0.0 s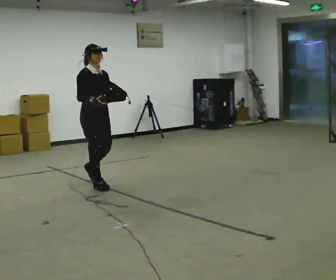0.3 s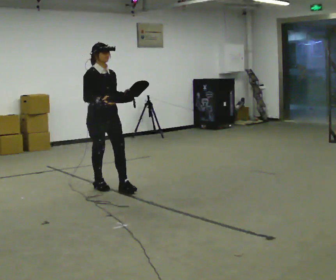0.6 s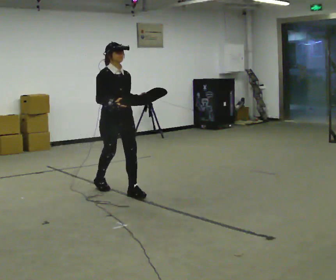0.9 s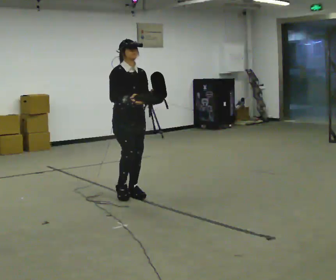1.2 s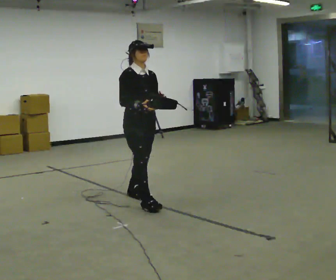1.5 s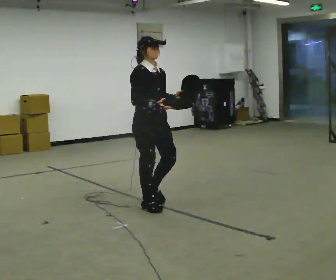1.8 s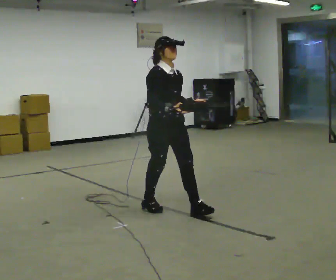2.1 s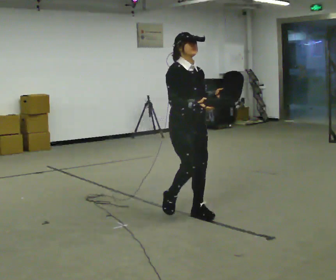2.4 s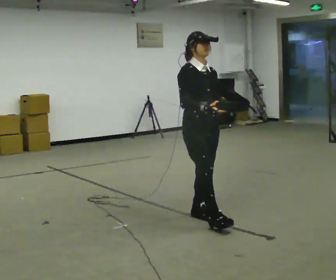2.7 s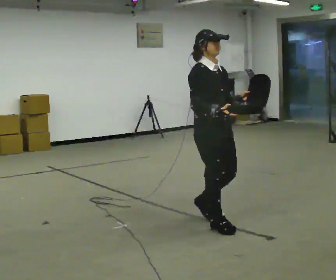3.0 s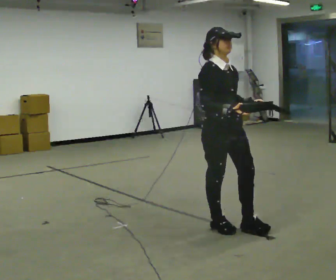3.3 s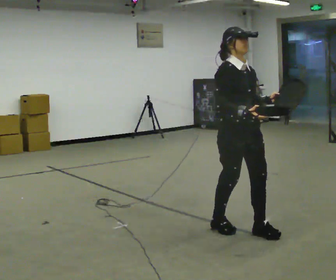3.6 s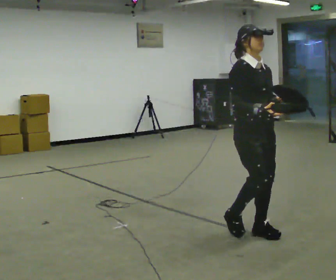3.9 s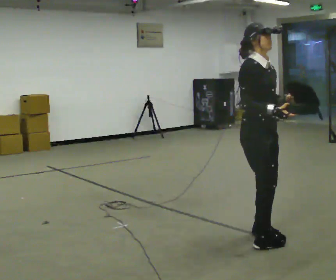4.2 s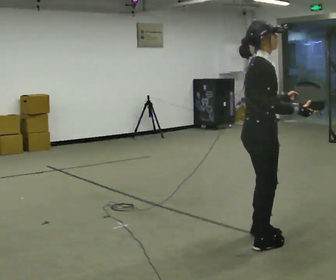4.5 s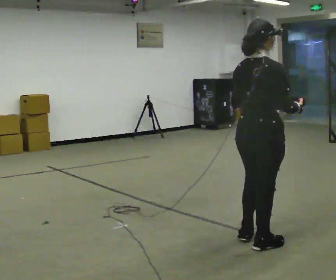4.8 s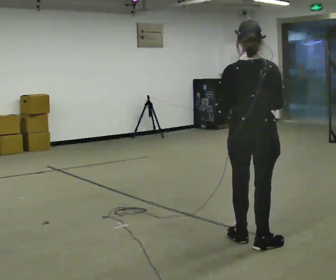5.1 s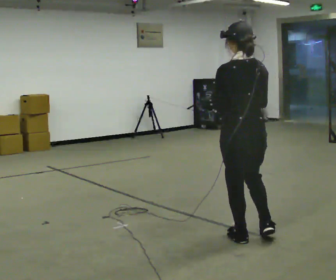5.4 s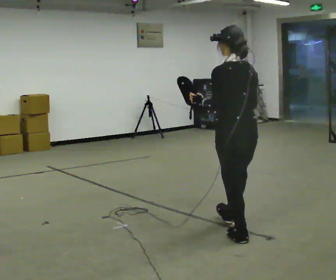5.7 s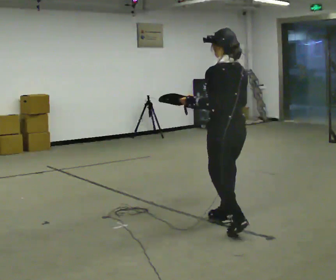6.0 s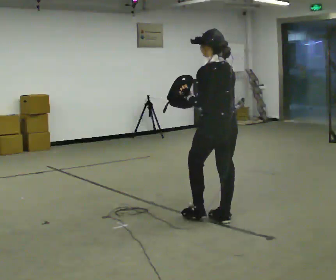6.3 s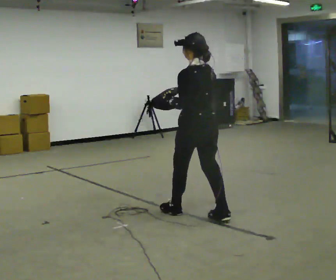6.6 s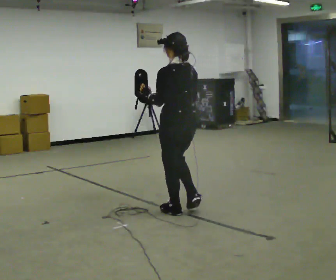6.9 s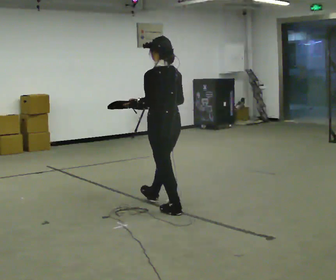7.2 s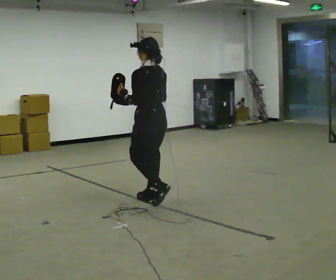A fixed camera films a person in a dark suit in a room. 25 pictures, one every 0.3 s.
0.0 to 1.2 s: In the picture they go to the right and toward the camera, about 1 m in 2 steps, which for them is forward.
1.2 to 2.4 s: In the picture they go to the right and toward the camera, about 1 m in 1 step, which for them is forward.
2.4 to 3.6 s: In the picture they go to the right and toward the camera, about 0.5 m in 2 steps, which for them is forward.
3.6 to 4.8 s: Seen from above the body turns counterclockwise, about 135 degrees: to their left, with its near side sliding to the right. In the picture they go toward the camera, about 0.25 m in 2 steps.
4.8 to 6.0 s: Seen from above the body turns counterclockwise, about 45 degrees: to their left, with its near side sliding to the right. In the picture they go away from the camera and to the left, about 0.5 m in 1 step, which for them is forward.
6.0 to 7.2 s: In the picture they go to the left and away from the camera, about 1 m in 2 steps, which for them is forward.
The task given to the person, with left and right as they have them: Carry the object across the room. The lid hangs loose and will swing, so carry it however works. Keep going until the operator says stop; one object at a time, and do not rush between trips.
The film runs forward here.
